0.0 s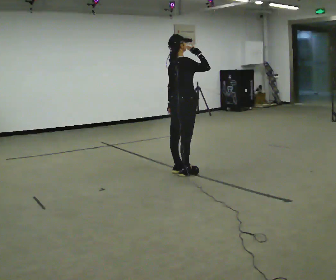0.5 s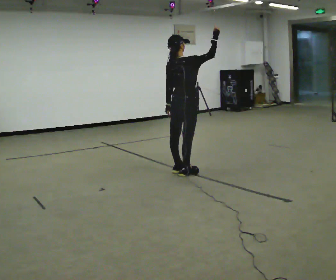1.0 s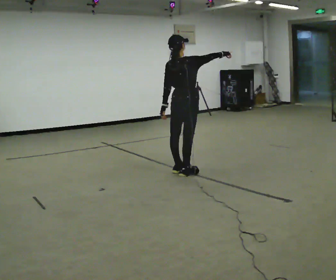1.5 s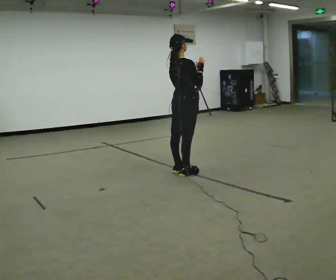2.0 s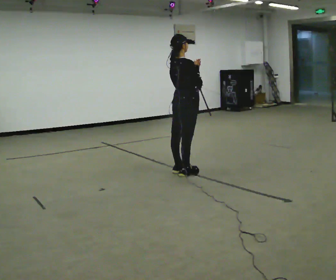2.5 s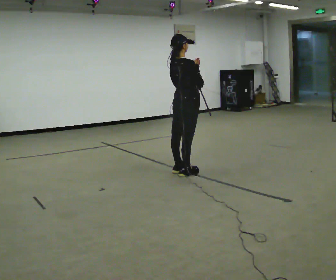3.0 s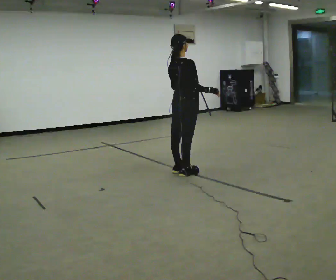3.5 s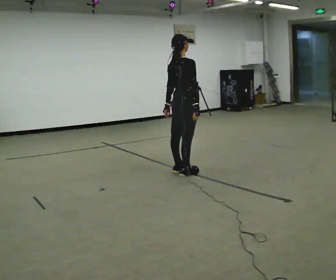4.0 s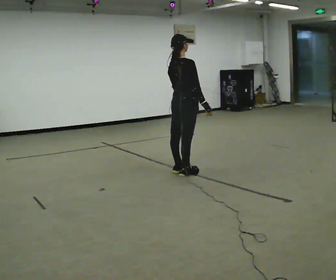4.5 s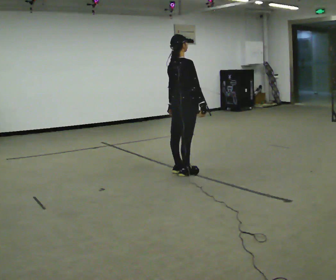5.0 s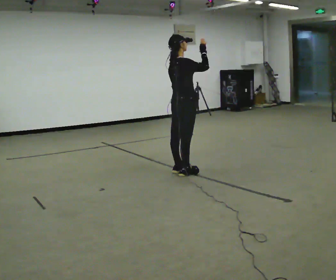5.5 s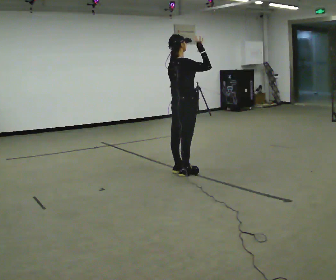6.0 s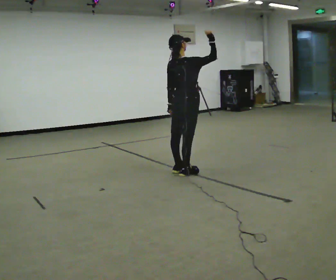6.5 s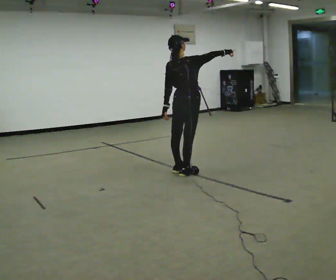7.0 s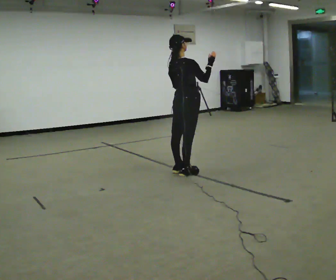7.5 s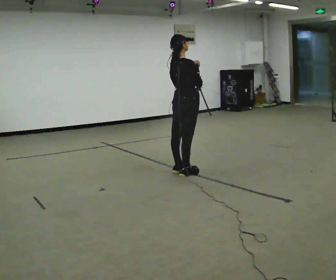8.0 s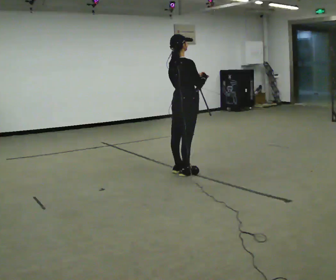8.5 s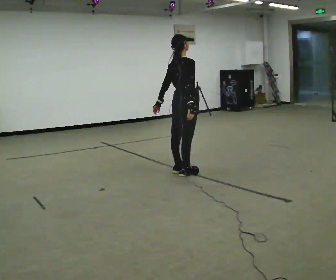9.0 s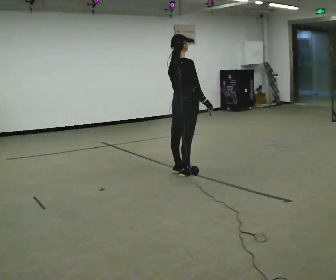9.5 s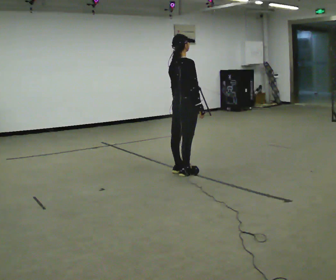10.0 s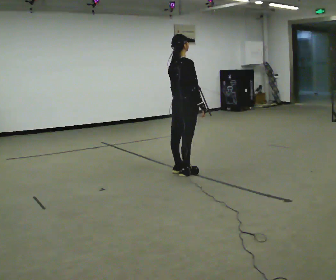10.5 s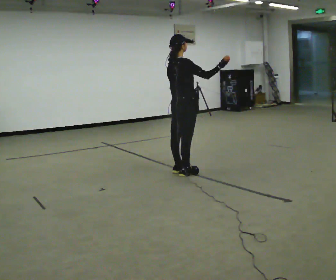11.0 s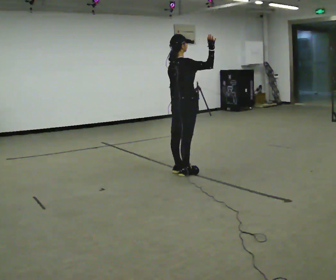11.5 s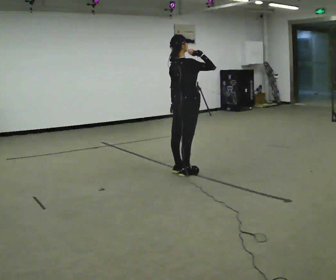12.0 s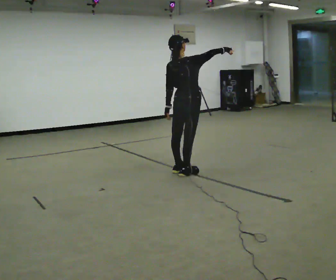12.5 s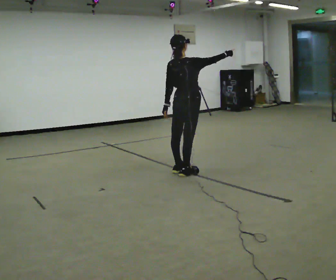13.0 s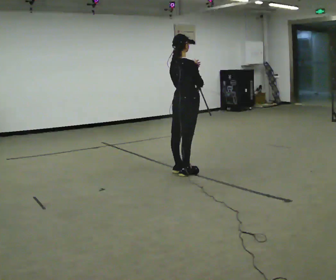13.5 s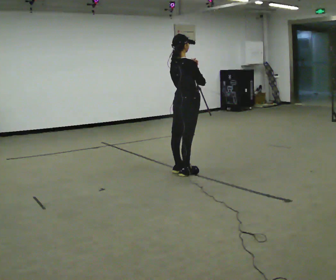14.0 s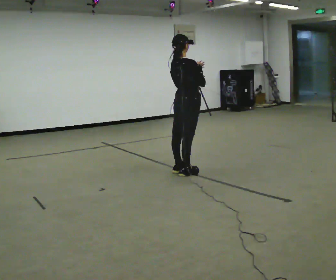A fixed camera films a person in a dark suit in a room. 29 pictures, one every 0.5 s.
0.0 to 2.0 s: In the picture their left hand goes upward.
2.0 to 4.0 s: In the picture their right hand goes downward.
4.0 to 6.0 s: In the picture their right hand goes upward.
6.0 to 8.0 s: In the picture their right hand goes downward.
8.0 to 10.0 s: The person moves a little, or ends about where they began.
10.0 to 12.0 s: In the picture their right hand goes upward and to the right.
12.0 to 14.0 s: In the picture their left hand goes upward and to the right.
The film runs forward here.
